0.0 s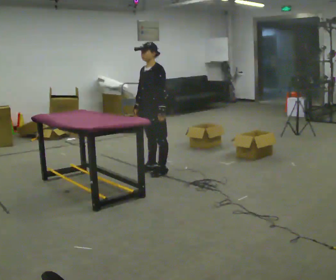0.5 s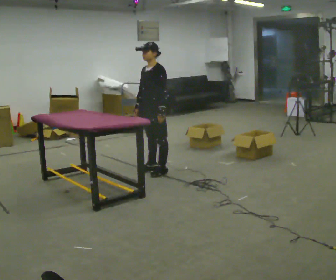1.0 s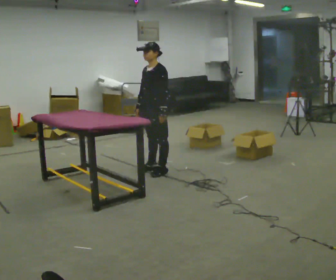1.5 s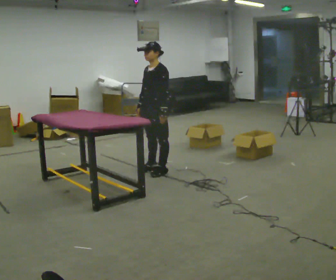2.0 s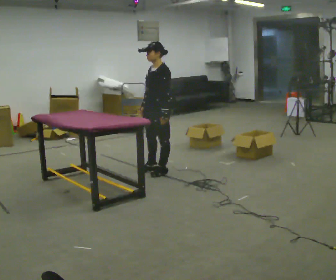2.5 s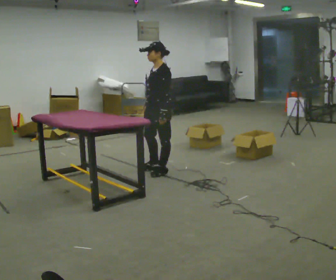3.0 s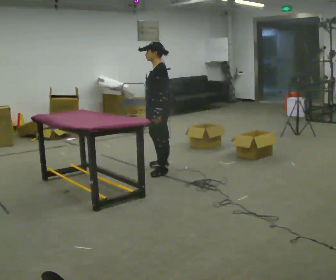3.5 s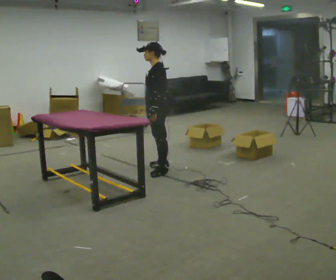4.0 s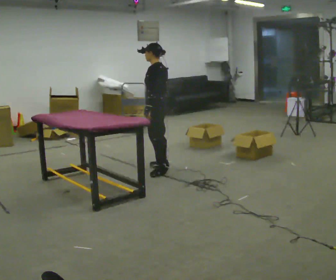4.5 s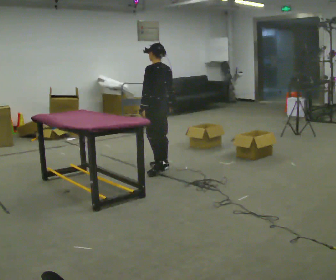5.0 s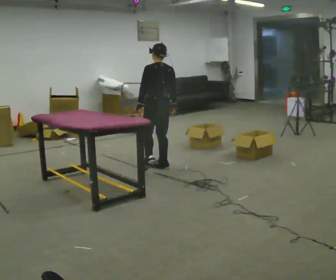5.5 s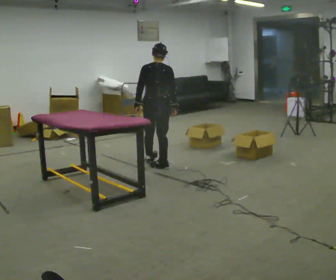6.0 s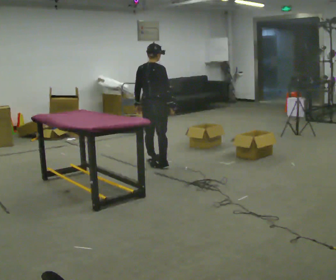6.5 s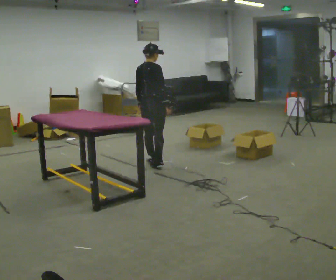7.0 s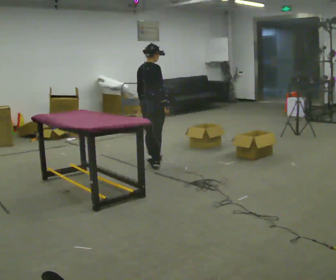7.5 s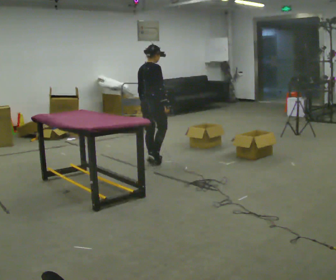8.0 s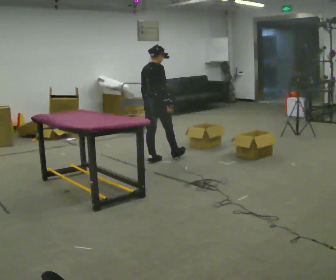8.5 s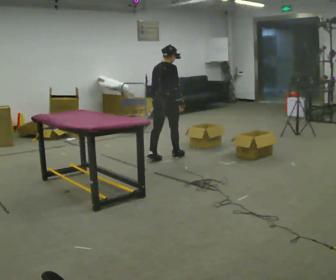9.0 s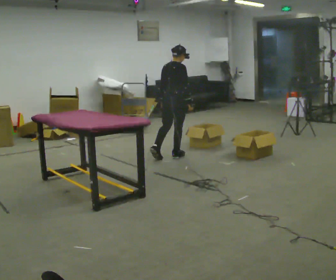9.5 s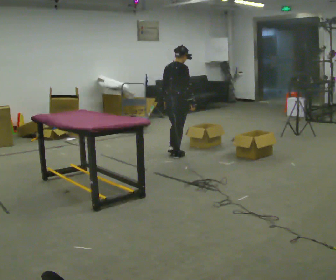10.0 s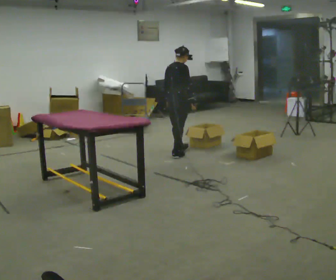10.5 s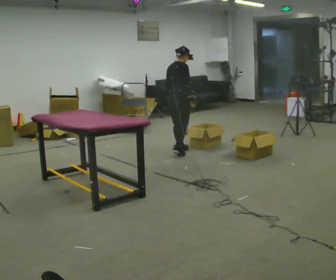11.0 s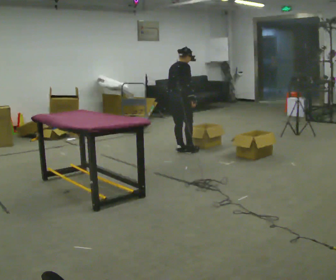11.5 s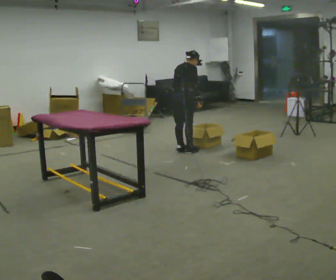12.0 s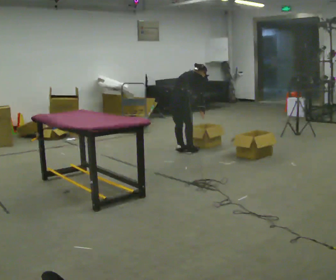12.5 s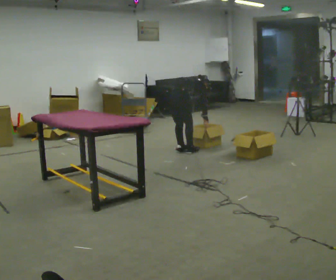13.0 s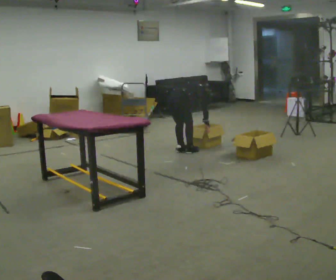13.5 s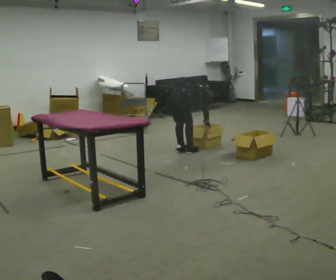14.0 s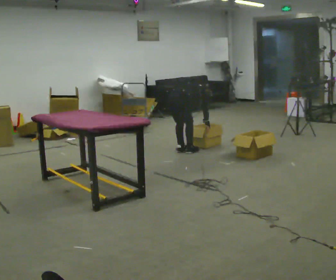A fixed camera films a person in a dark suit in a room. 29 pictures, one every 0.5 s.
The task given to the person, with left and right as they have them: 1. Take everything out of the crates by the door. 2. Put the small items on the middle shelf. 3. Put the large items on the bottom shelf. 4. Stack the empty crates by the door. 5. Tell the operator when you are finished.
0.0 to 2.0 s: The person moves a little, or ends about where they began.
2.0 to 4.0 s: The part of the body nearest the lens slides to the left as the person turns to their right by about 45 degrees. In the picture they go away from the camera, about 0.25 m, which for them is to their right.
4.0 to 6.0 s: The person turns about 90 degrees to their right, clockwise seen from above, so the part of the body nearest the lens slides to the left. In the picture they go away from the camera, about 0.25 m in 1 step.
6.0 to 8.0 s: In the picture they go away from the camera, about 0.25 m, which for them is forward and to their left.
8.0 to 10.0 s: In the picture they go to the right and away from the camera, about 0.5 m in 2 steps, which for them is forward.
10.0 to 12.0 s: In the picture the upper body tilts clockwise, shoulders to the right, as they bend forward.
12.0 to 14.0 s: The shoulders move downward. In the picture the upper body tilts clockwise, shoulders to the right, as they bend forward.
The film runs forward here.
